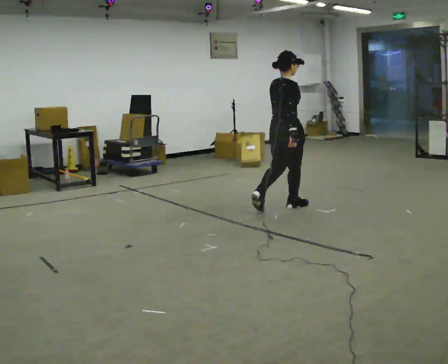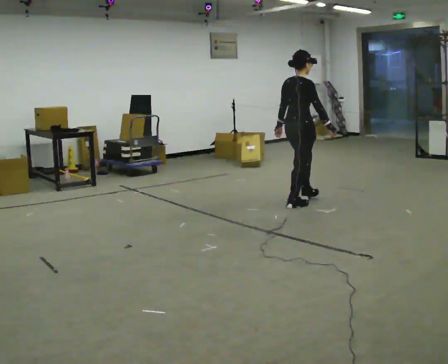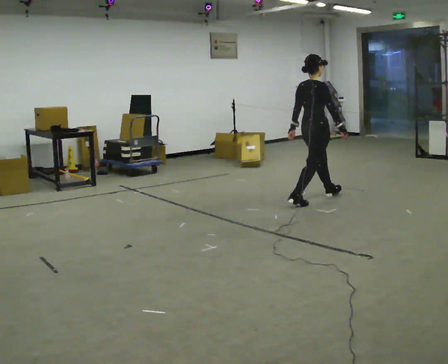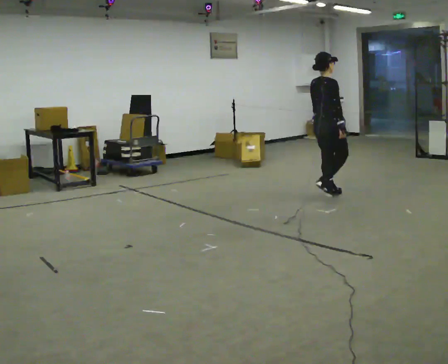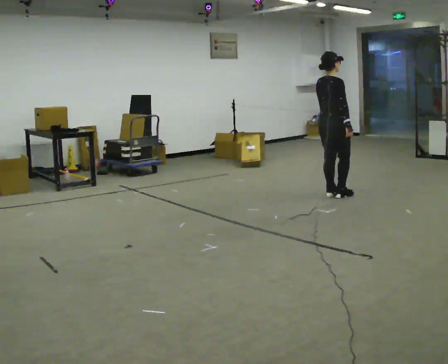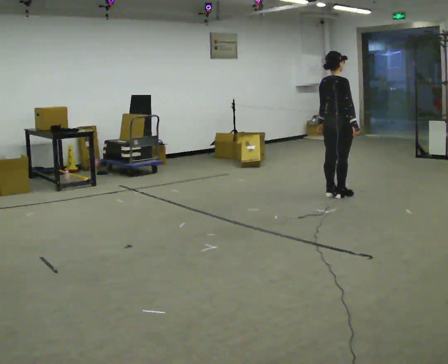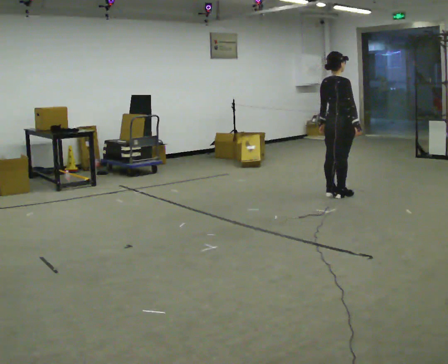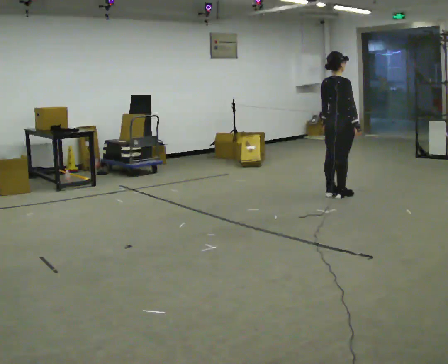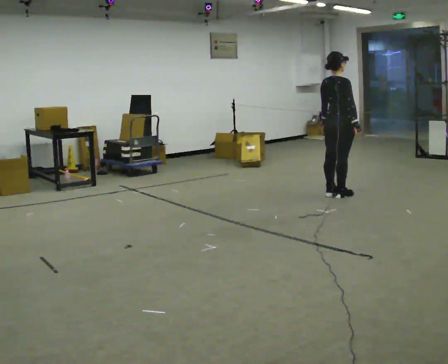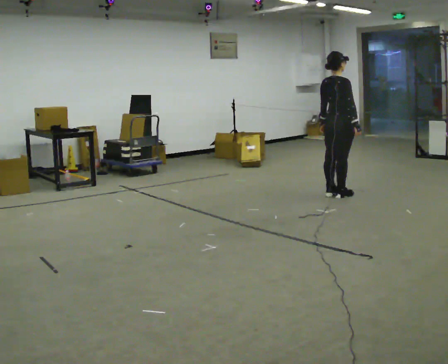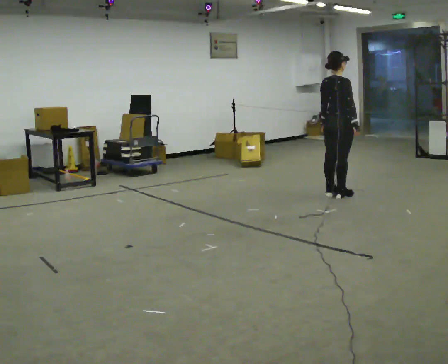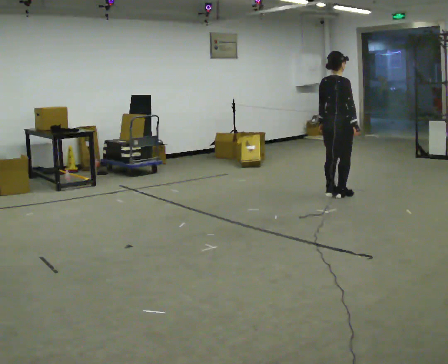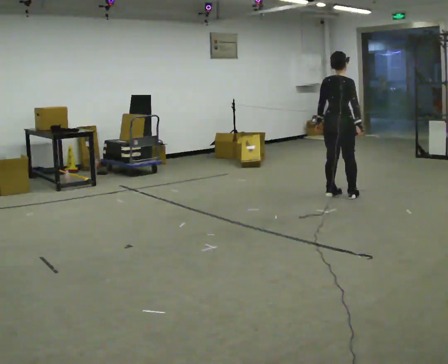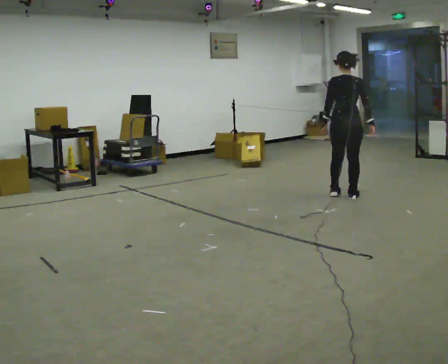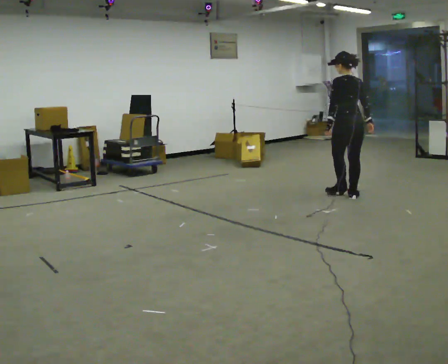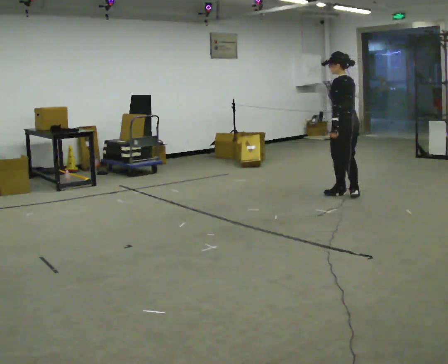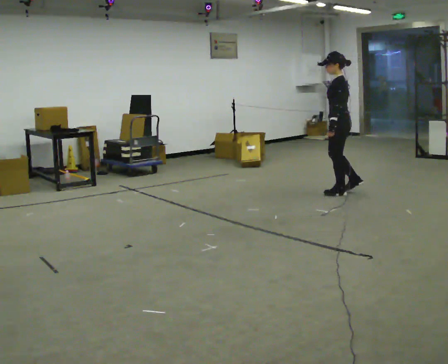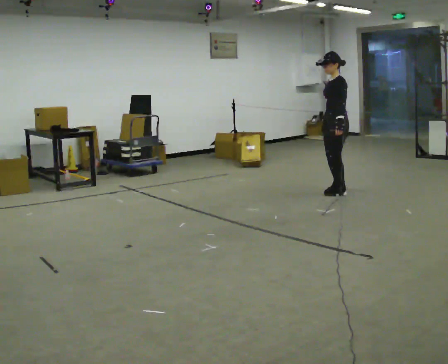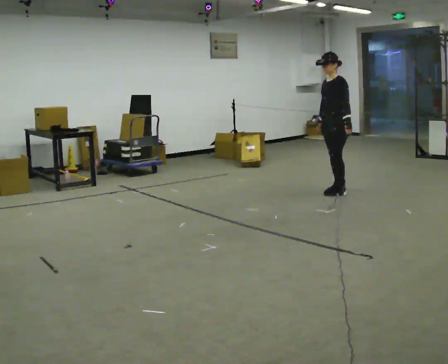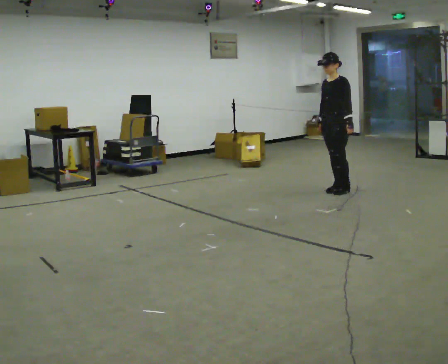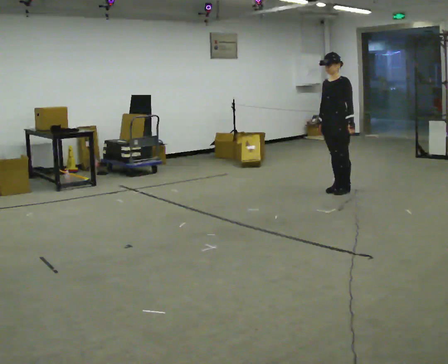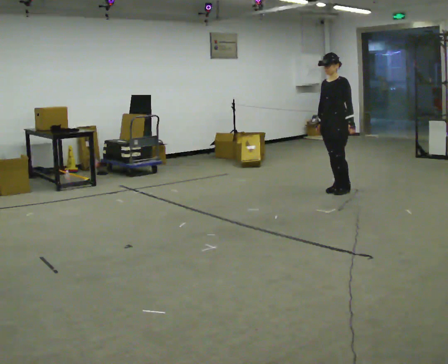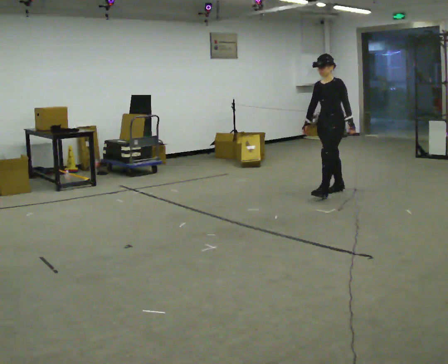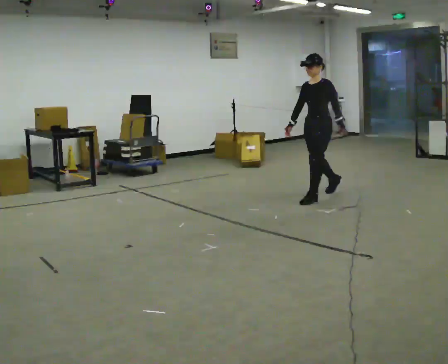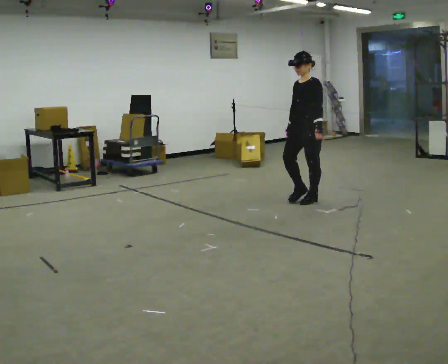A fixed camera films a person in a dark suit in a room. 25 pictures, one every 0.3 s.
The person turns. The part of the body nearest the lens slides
to the right.
The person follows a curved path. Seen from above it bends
counterclockwise.
0.0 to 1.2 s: In the picture they go away from the camera and to the right, about 0.5 m in 2 steps, which for them is forward.
1.2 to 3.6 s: The person moves a little, or ends about where they began.
3.6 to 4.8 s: The part of the body nearest the lens slides to the right as the person turns to their left by about 105 degrees.
4.8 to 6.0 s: The person turns about 45 degrees to their left, counterclockwise seen from above, so the part of the body nearest the lens slides to the right. In the picture they go away from the camera, about 0.25 m in 2 steps, which for them is to their right.
6.0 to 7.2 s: In the picture they go toward the camera and to the left, about 0.5 m in 1 step, which for them is forward.
The film runs forward here.
